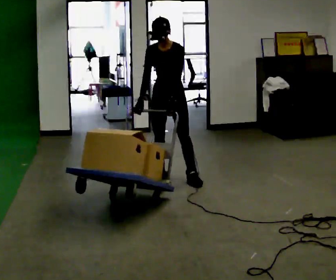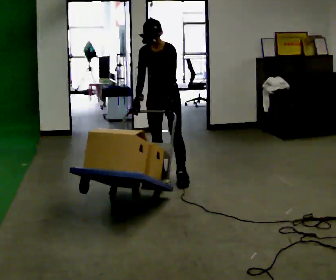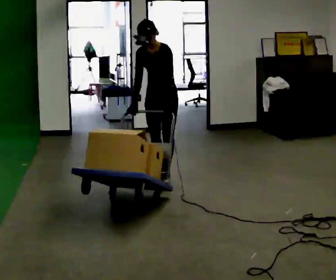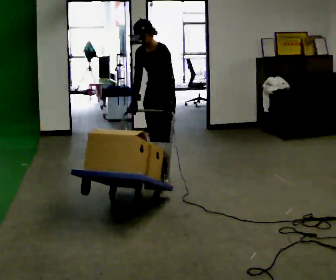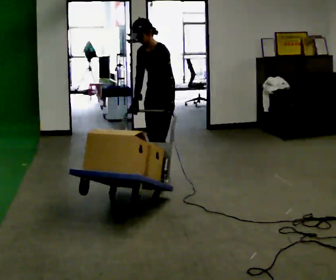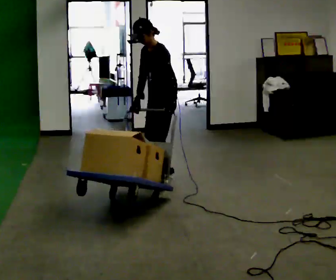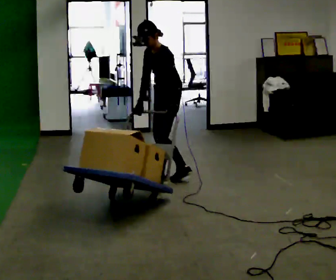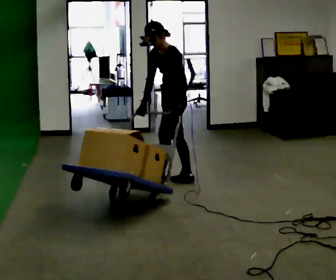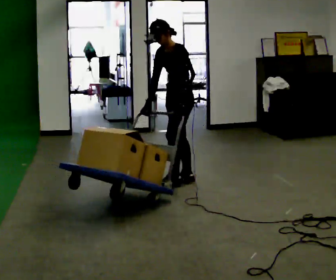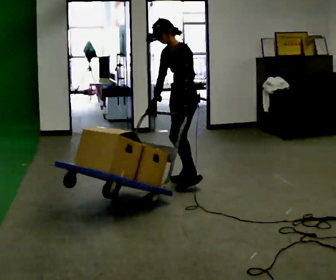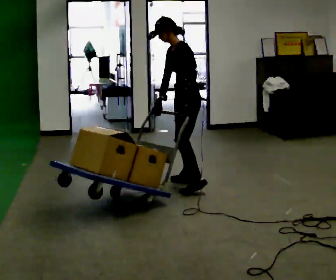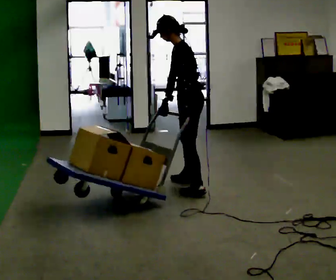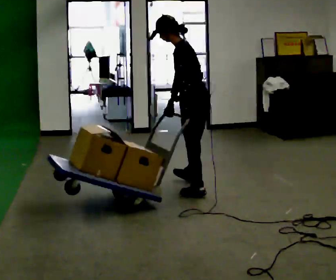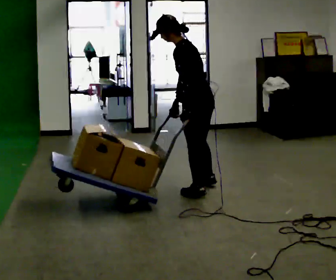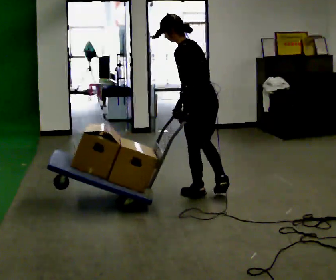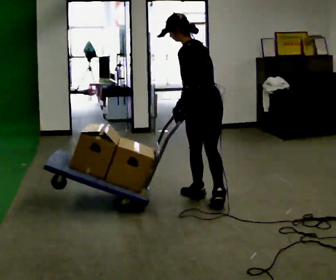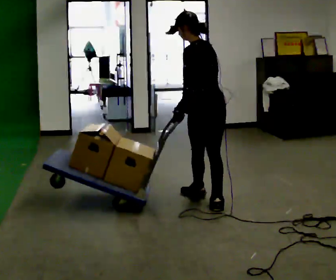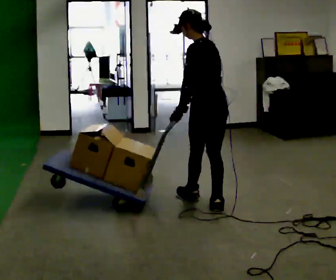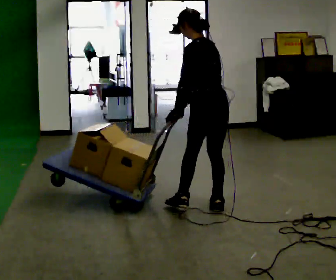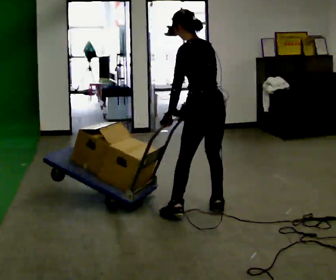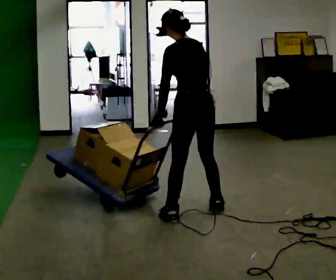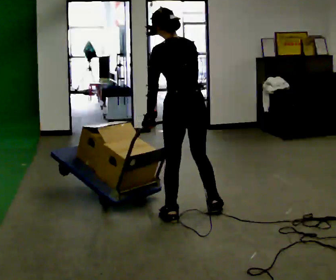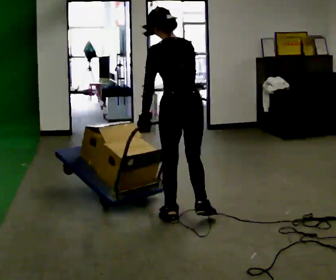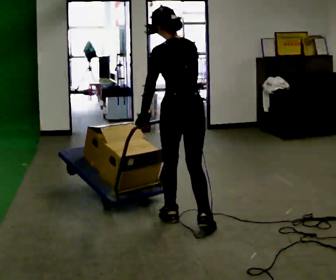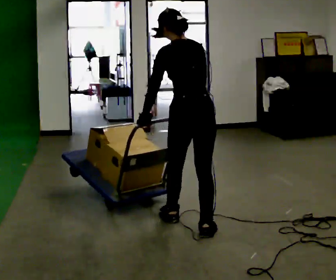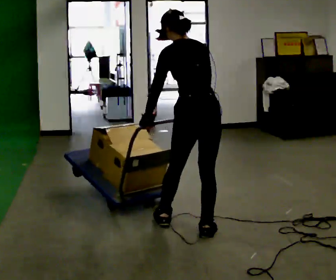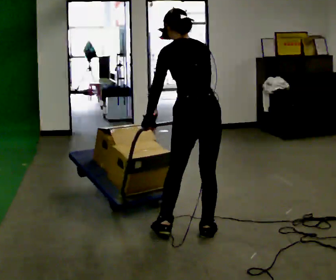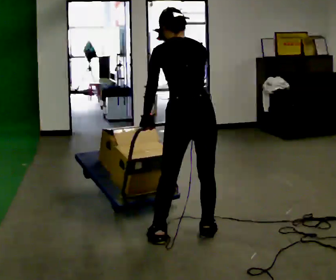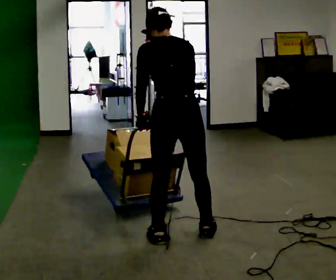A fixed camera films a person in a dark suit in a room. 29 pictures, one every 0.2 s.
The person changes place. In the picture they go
toward the camera.
0.0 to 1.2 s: The part of the body nearest the lens slides to the left as the person turns to their right by about 60 degrees.
1.2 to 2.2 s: In the picture they go toward the camera and to the right, about 0.25 m in 1 step, which for them is to their left.
2.2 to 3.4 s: The part of the body nearest the lens slides to the left as the person turns to their right by about 45 degrees. In the picture they go toward the camera, about 0.5 m in 2 steps, which for them is backward and to their left.
3.4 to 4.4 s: In the picture they go toward the camera and to the left, about 0.5 m in 1 step, which for them is to their left and backward.
4.4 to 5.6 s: In the picture they go toward the camera, about 0.5 m in 1 step, which for them is backward.
The film runs backward here.
